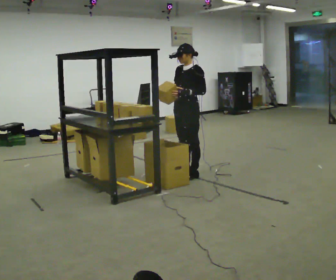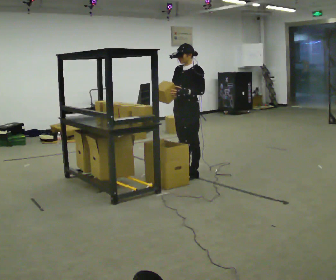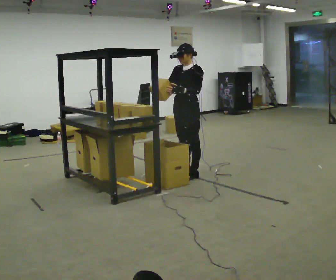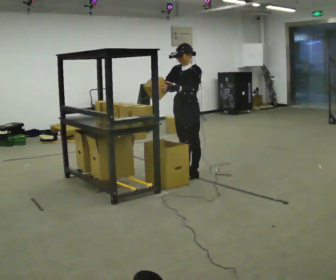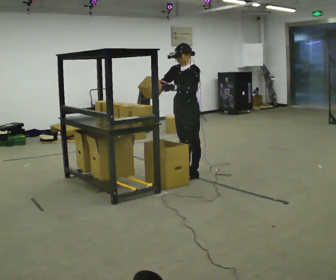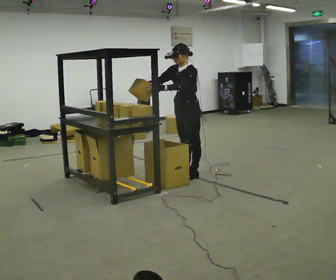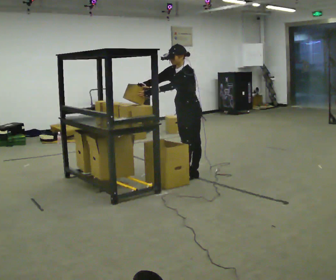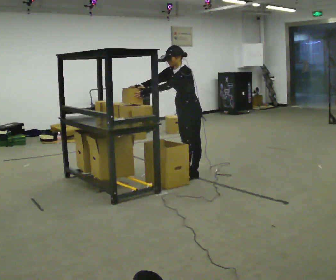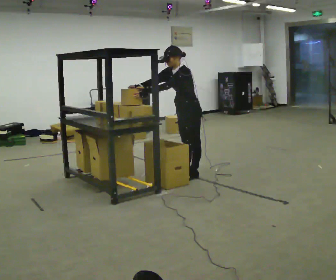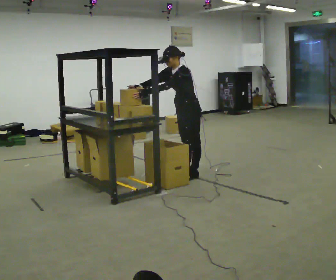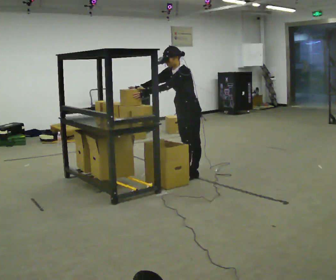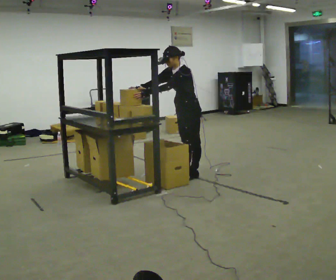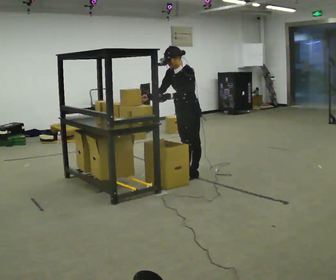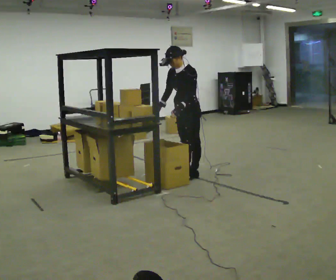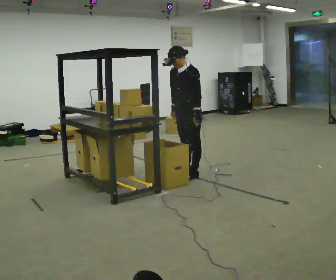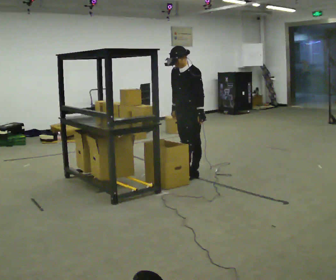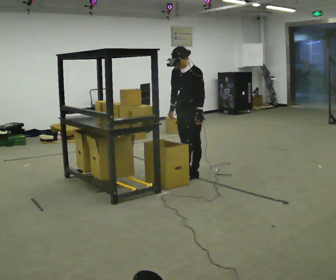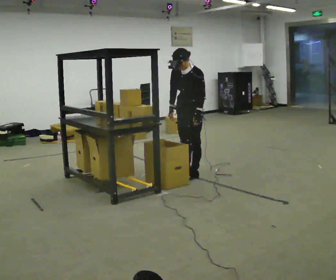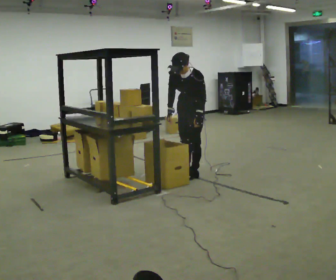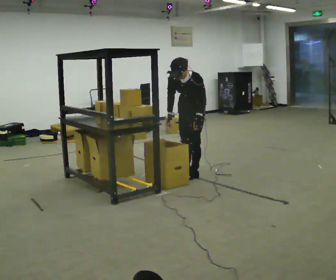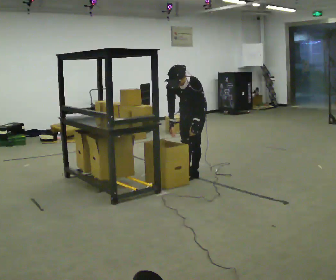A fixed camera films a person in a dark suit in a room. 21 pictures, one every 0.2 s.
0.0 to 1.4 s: In the picture the upper body tilts counterclockwise, shoulders to the left, as they bend forward. In the picture their left hand goes to the left.
1.4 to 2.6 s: The person moves a little, or ends about where they began.
2.6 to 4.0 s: The upper body goes downward. The upper body tips toward the camera, its near side rolling downward, as they bend forward.
The film runs forward here.
